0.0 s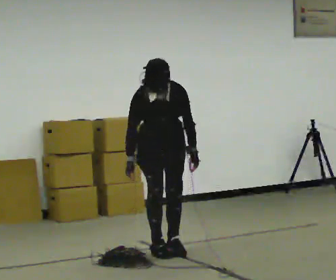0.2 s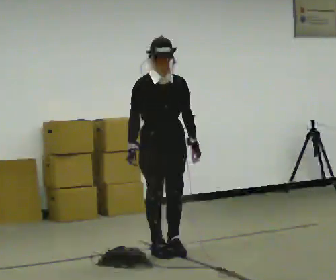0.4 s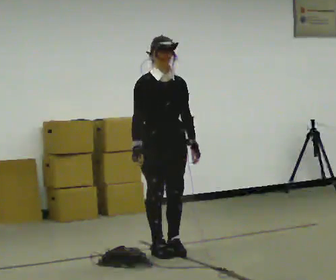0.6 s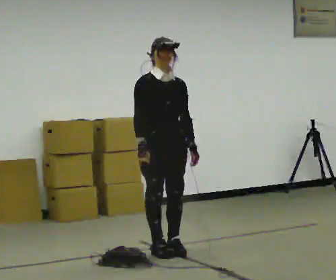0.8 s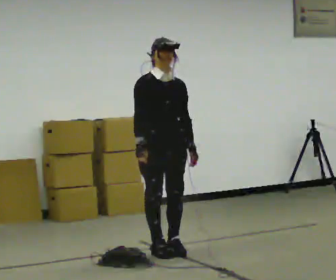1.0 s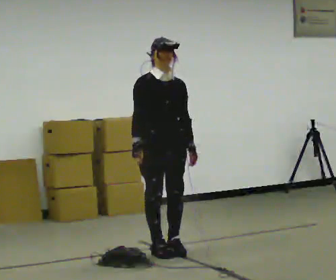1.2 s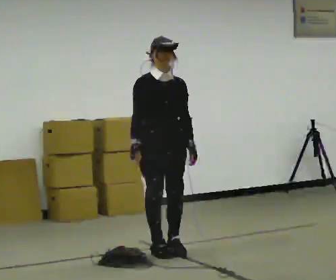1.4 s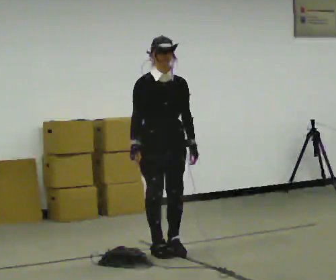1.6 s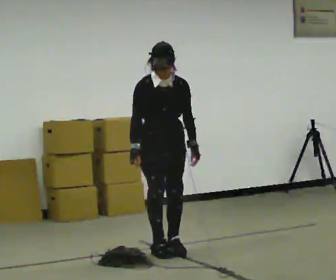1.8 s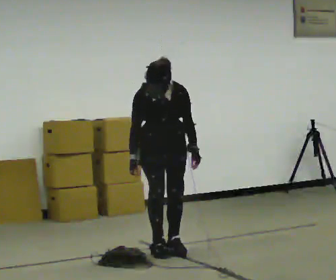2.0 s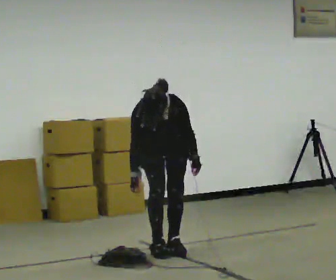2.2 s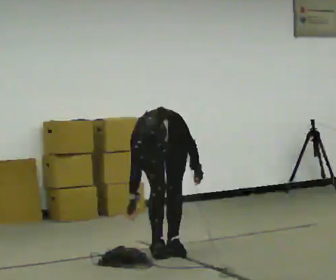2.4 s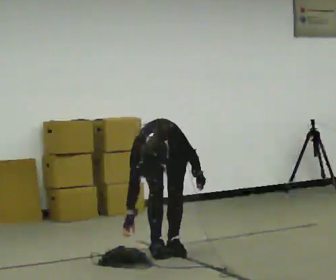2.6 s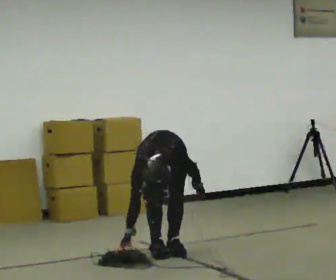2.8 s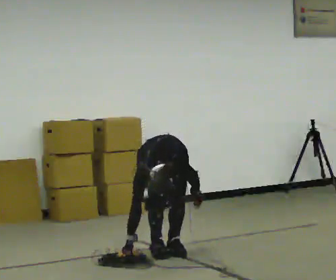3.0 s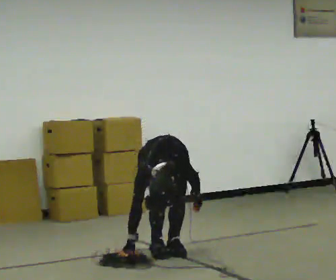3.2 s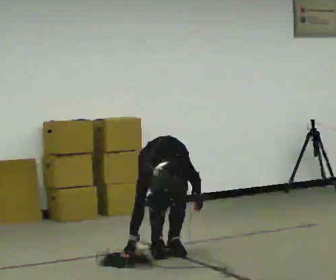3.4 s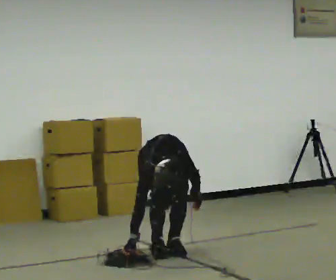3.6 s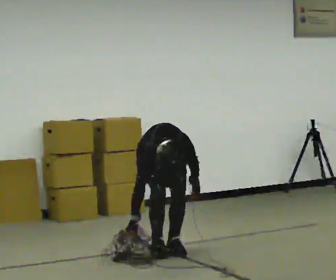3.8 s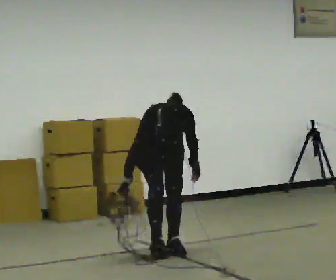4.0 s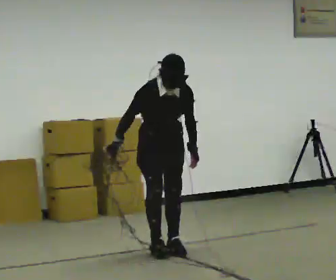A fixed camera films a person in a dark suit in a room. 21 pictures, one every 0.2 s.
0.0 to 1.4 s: The person moves a little, or ends about where they began.
1.4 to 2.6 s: The shoulders move downward. The upper body tips toward the camera, its near side rolling downward, as they bend forward. In the picture their left hand goes downward.
2.6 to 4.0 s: The shoulders move upward. The upper body tips away from the camera, its near side rolling upward, as they lean back or straighten. In the picture their left hand goes upward.
The film runs forward here.
